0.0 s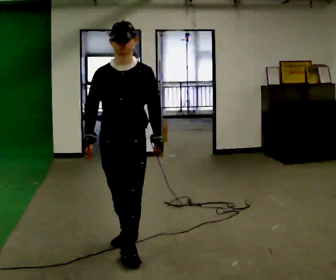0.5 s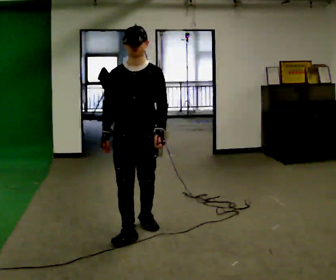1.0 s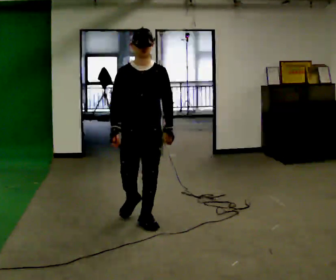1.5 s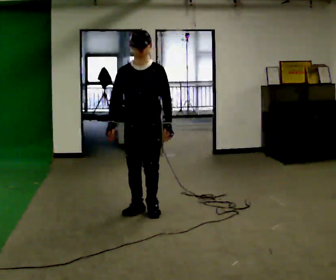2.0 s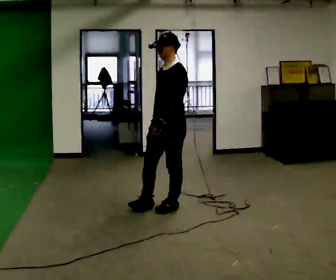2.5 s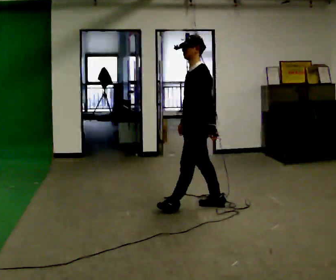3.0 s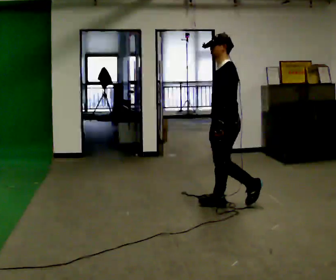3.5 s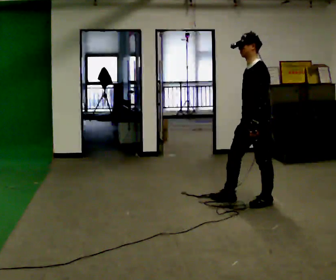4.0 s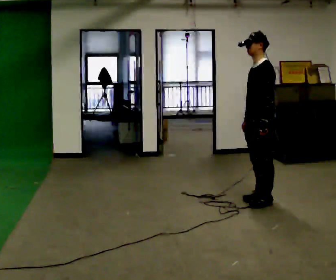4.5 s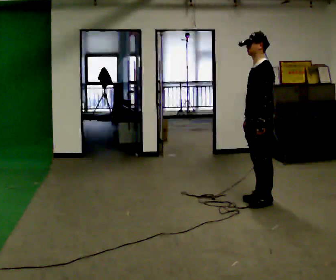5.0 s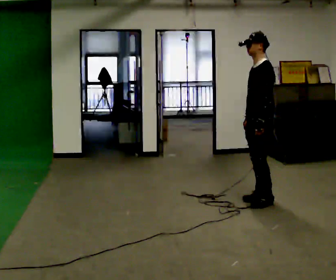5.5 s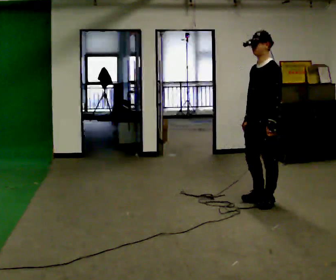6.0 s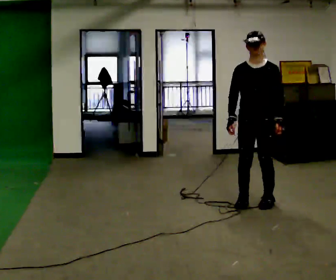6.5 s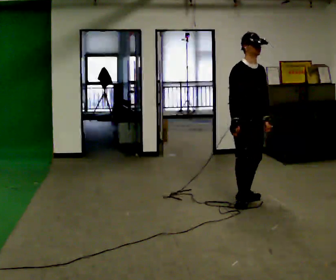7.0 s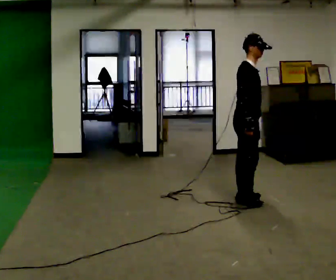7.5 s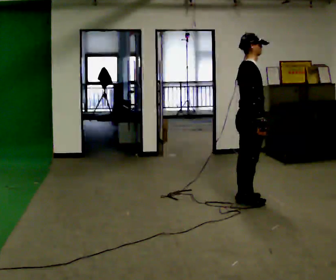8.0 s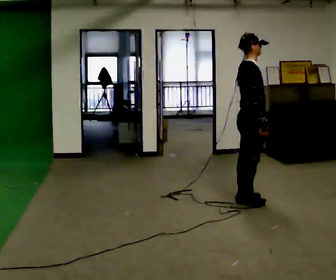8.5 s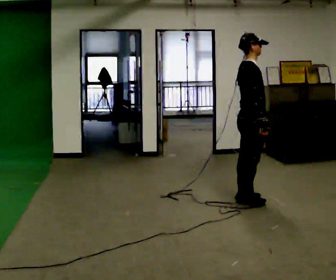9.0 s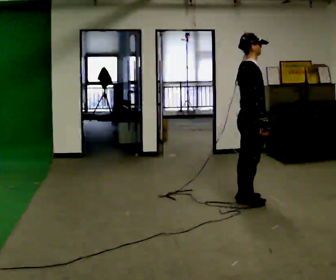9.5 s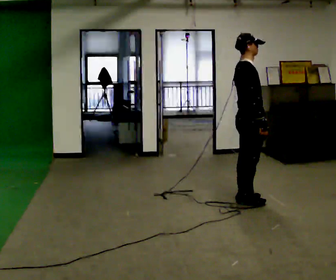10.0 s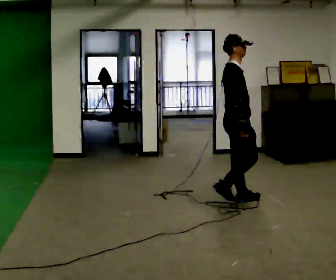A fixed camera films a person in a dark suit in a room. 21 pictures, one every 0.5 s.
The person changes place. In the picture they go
away from the camera.
0.0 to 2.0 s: Seen from above the body turns clockwise, about 45 degrees: to their right, with its near side sliding to the left. In the picture they go away from the camera, about 1 m in 4 steps, which for them is backward.
2.0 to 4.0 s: The part of the body nearest the lens slides to the left as the person turns to their right by about 30 degrees. In the picture they go to the right, about 1 m in 2 steps, which for them is backward.
4.0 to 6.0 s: The part of the body nearest the lens slides to the right as the person turns to their left by about 60 degrees.
6.0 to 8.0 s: The part of the body nearest the lens slides to the right as the person turns to their left by about 120 degrees. In the picture their right hand goes to the right.
8.0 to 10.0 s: The person moves a little, or ends about where they began.
The film runs backward here.
